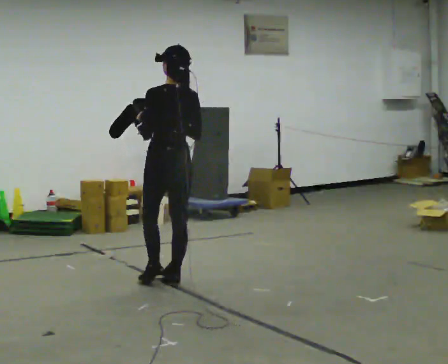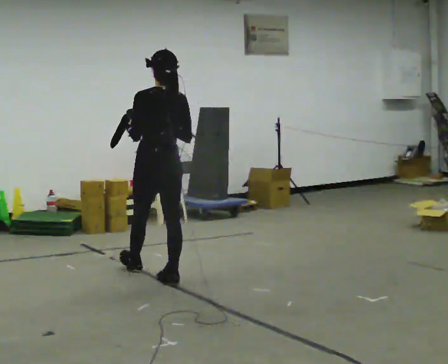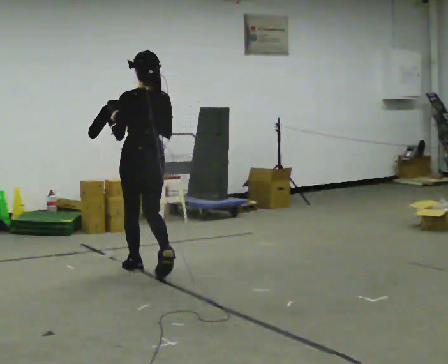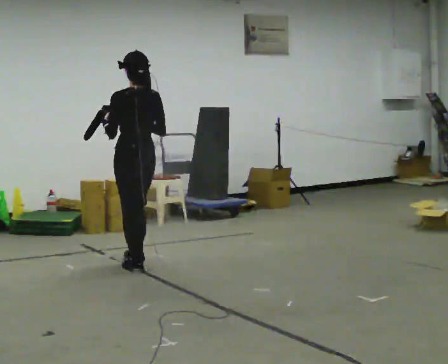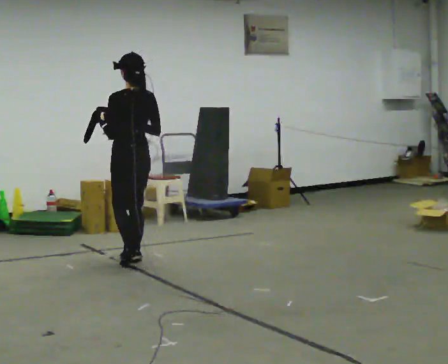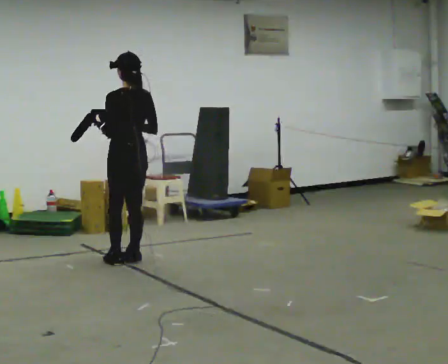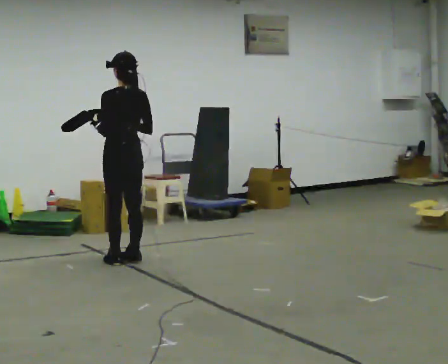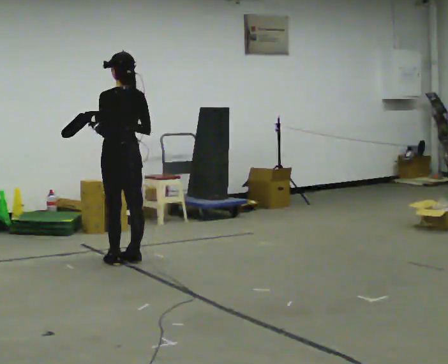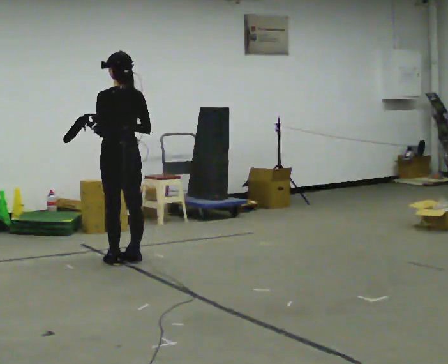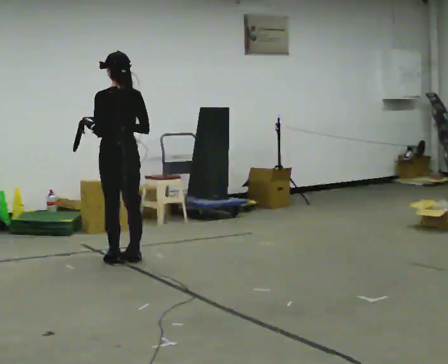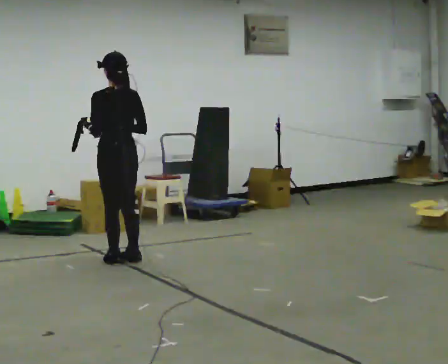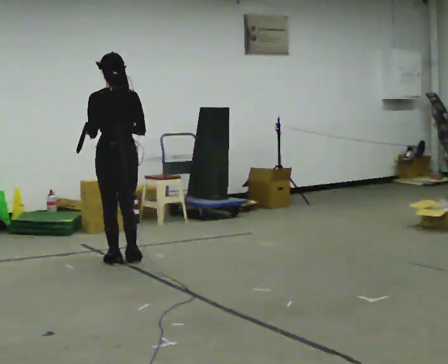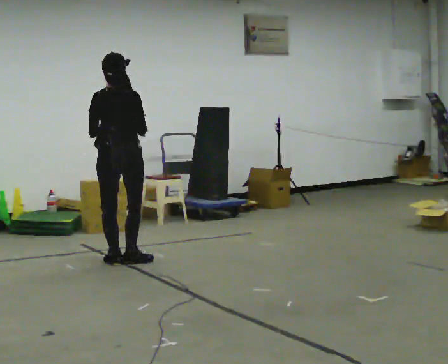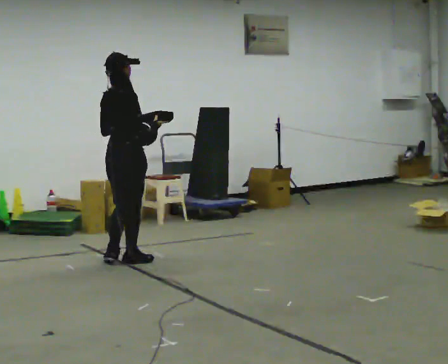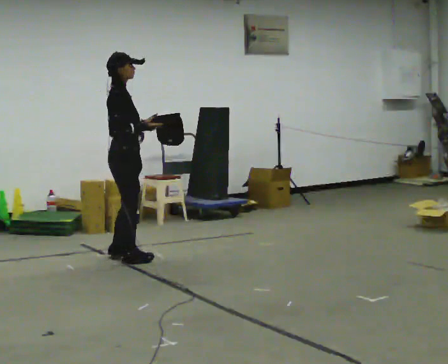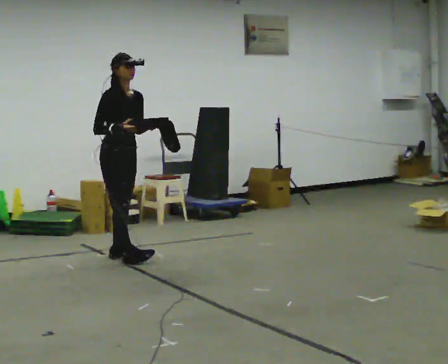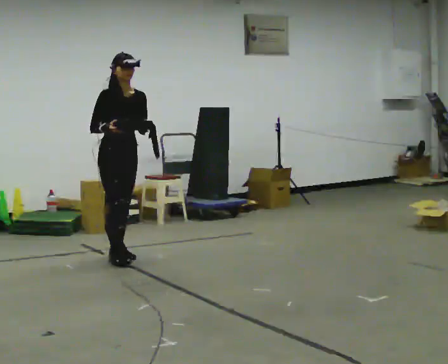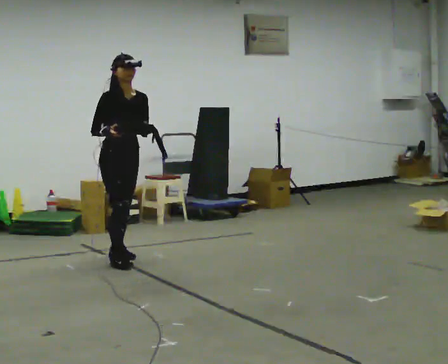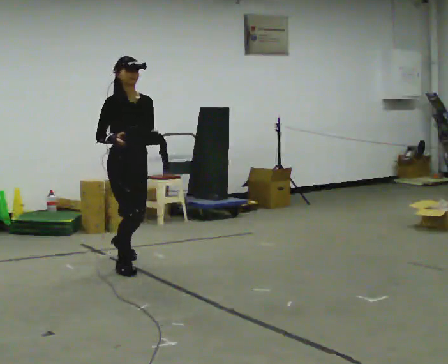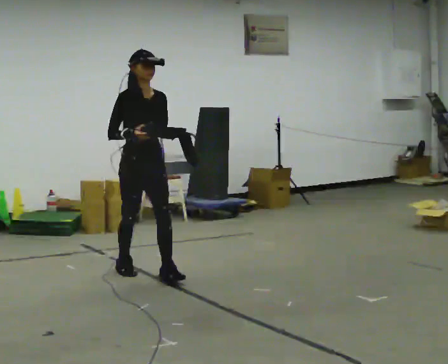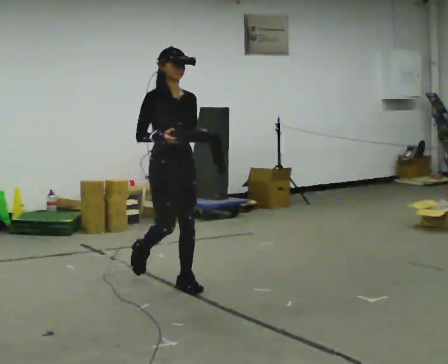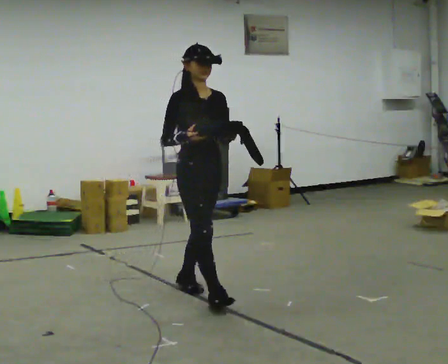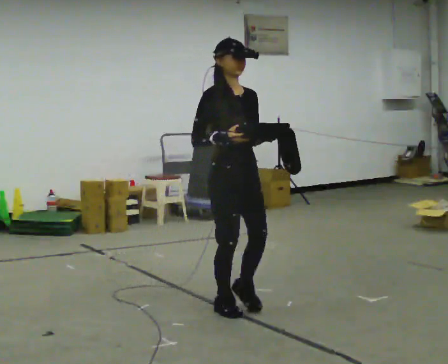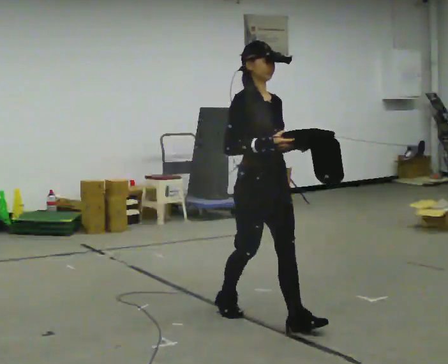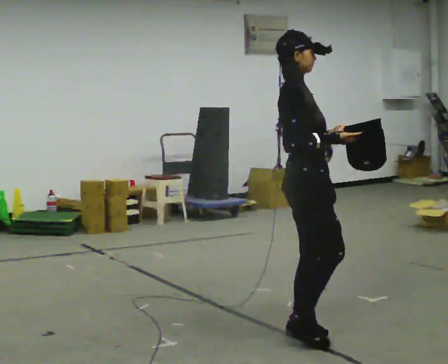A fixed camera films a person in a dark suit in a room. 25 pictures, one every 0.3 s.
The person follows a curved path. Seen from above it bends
clockwise.
0.0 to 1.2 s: In the picture they go away from the camera, about 0.5 m in 2 steps, which for them is forward.
1.2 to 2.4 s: The person moves a little, or ends about where they began.
2.4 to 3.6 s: The part of the body nearest the lens slides to the left as the person turns to their right by about 45 degrees.
3.6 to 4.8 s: The person turns about 135 degrees to their right, clockwise seen from above, so the part of the body nearest the lens slides to the left. In the picture they go away from the camera, about 0.25 m in 1 step.
4.8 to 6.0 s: In the picture they go toward the camera and to the right, about 1 m in 2 steps, which for them is forward.
6.0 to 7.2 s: The person turns about 45 degrees to their left, counterclockwise seen from above, so the part of the body nearest the lens slides to the right. In the picture they go toward the camera and to the right, about 1.5 m in 2 steps, which for them is forward.
The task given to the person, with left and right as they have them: Carry the object across the room. The lid hangs loose and will swing, so carry it however works. Keep going until the operator says stop; one object at a time, and do not rush between trips.
The film runs forward here.
